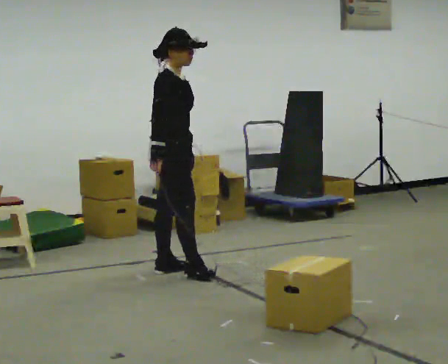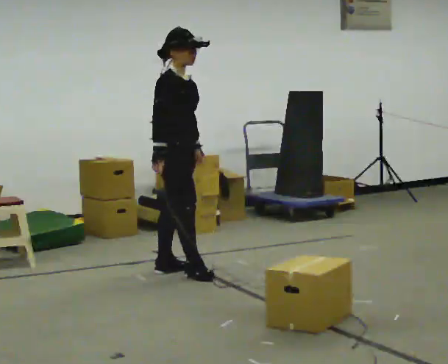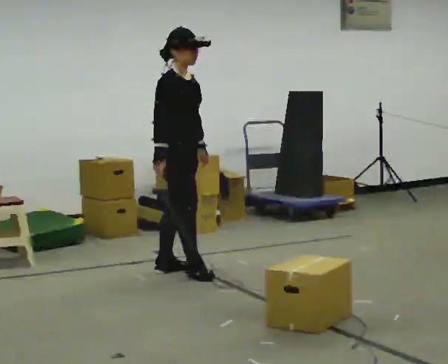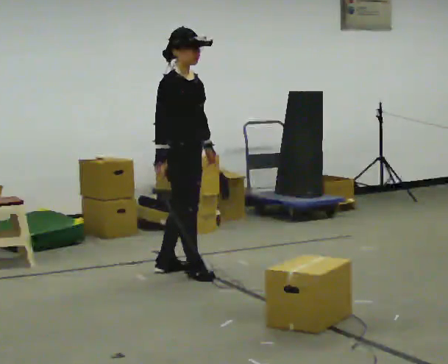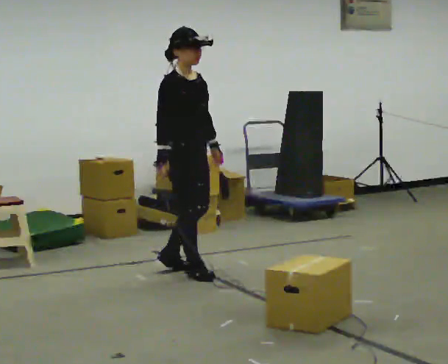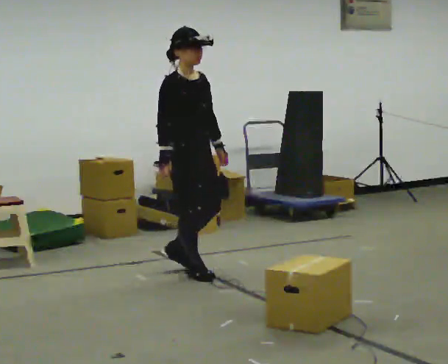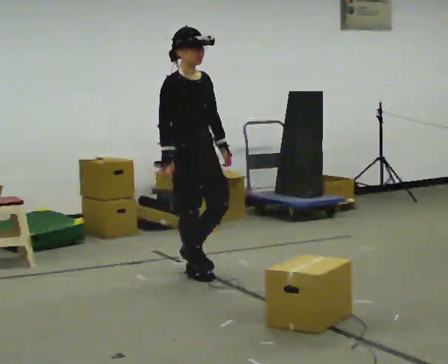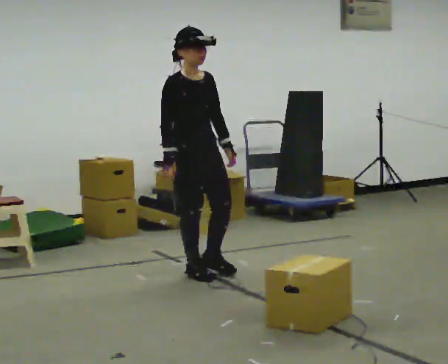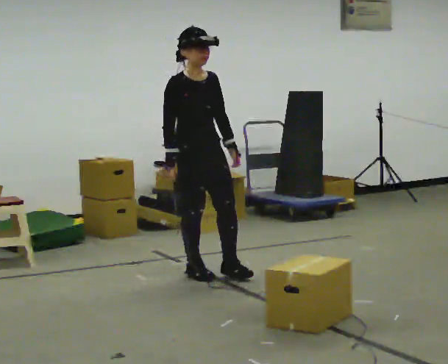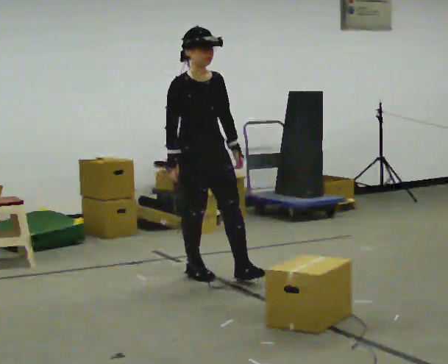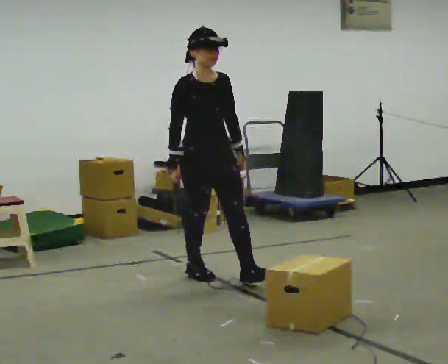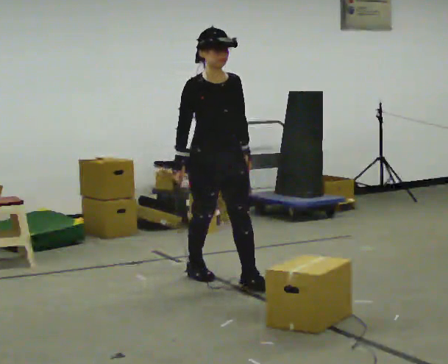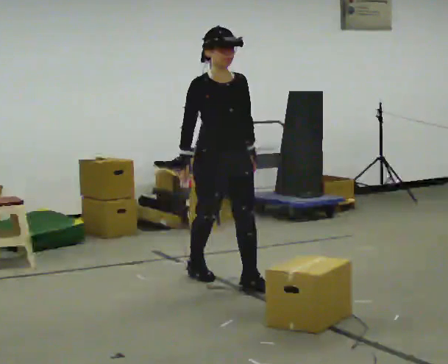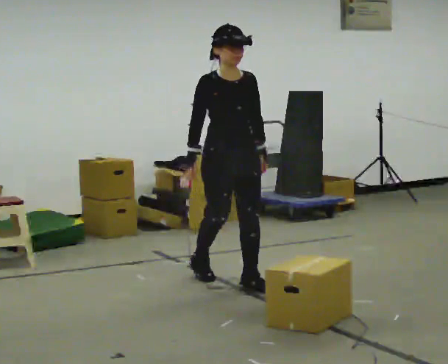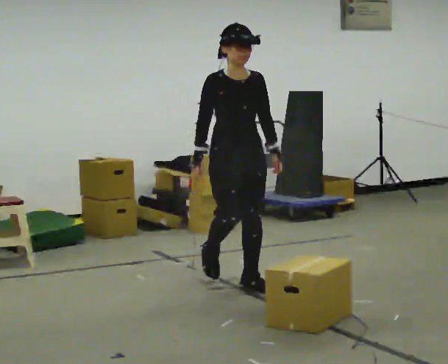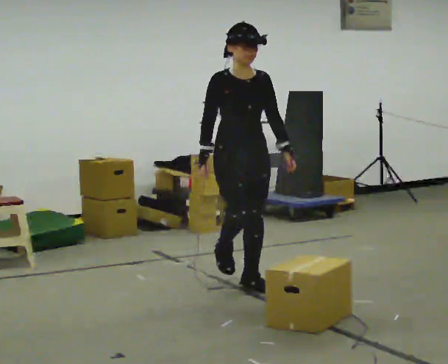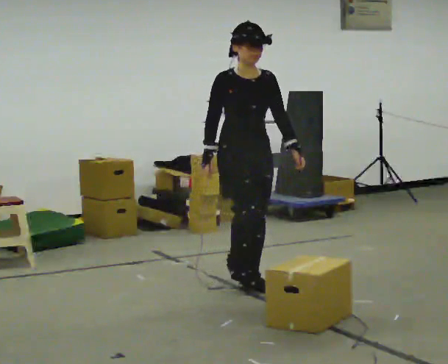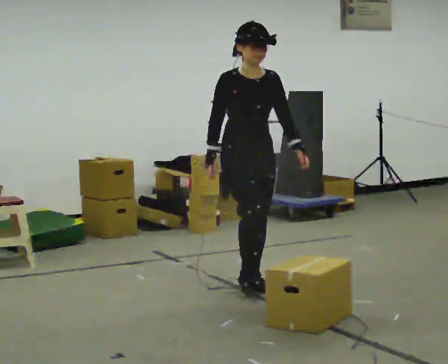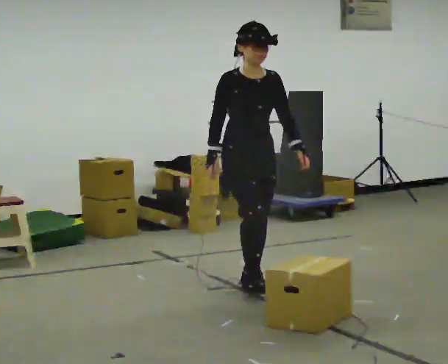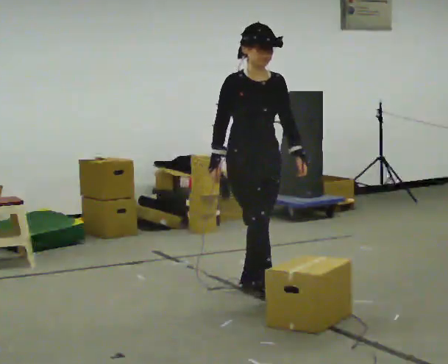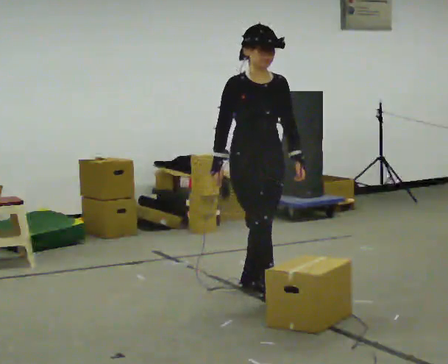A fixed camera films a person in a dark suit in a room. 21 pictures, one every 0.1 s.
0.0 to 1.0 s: The person turns about 45 degrees to their right, clockwise seen from above, so the part of the body nearest the lens slides to the left. In the picture they go to the right and toward the camera, about 0.5 m in 1 step, which for them is forward.
1.0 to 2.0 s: In the picture they go toward the camera and to the right, about 0.5 m in 1 step, which for them is forward.
The film runs forward here.
